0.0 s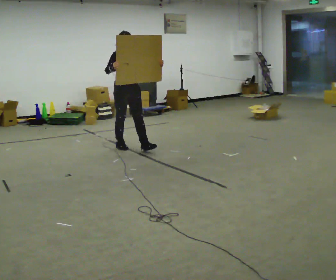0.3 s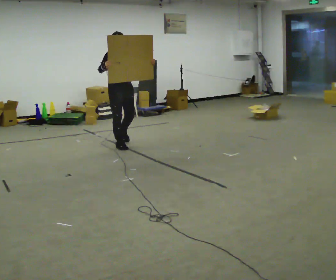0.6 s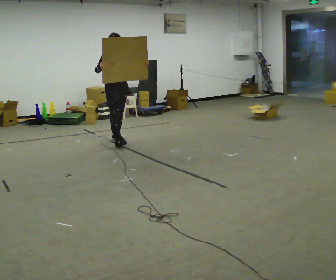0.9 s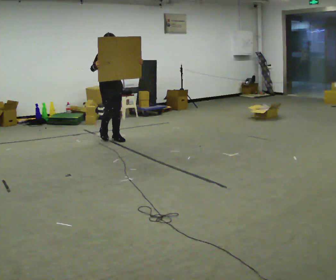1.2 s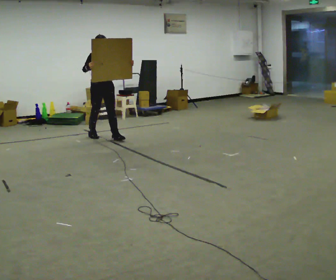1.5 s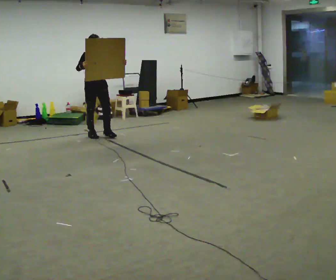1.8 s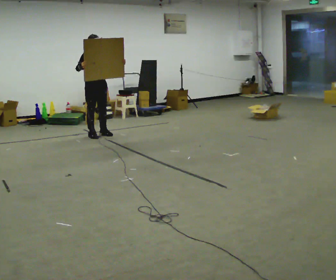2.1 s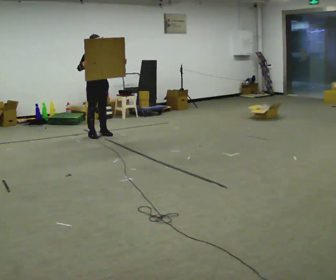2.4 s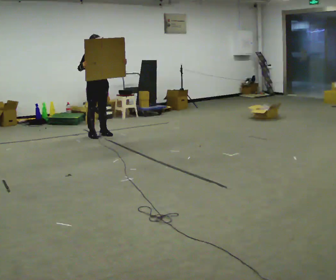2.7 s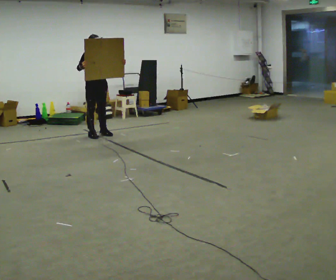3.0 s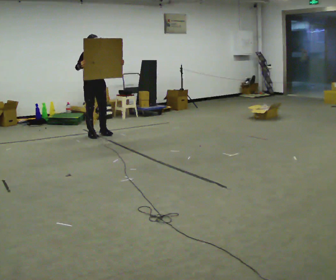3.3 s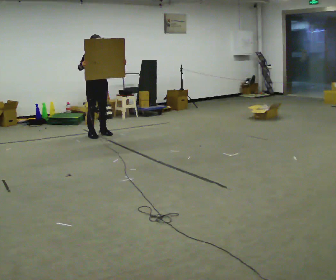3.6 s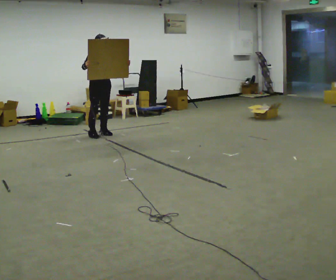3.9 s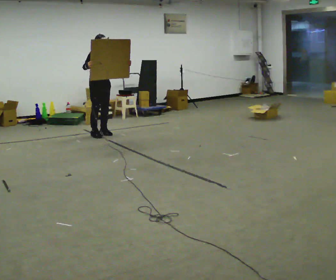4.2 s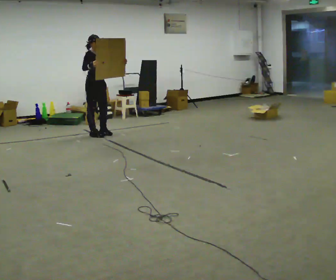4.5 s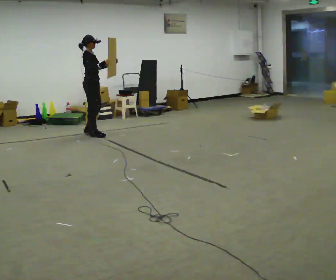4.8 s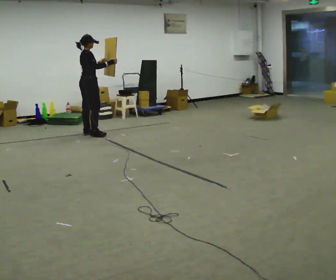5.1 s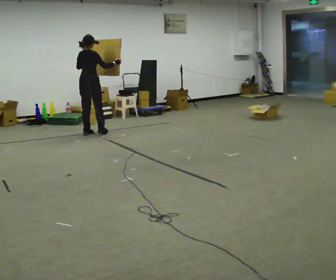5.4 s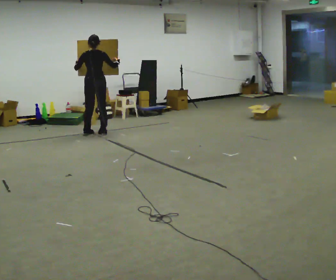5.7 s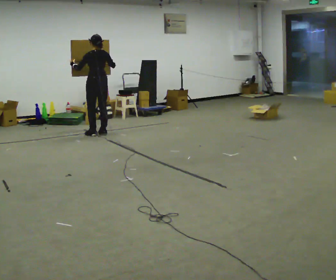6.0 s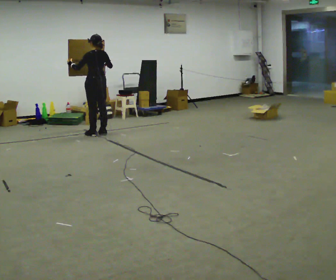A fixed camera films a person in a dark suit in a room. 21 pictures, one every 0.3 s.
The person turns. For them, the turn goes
to their left.
The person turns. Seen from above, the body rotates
counterclockwise.
0.0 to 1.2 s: In the picture they go away from the camera and to the left, about 1 m in 1 step, which for them is backward.
1.2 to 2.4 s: In the picture they go away from the camera, about 0.25 m in 1 step, which for them is backward.
2.4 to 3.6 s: The person moves a little, or ends about where they began.
3.6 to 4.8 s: Seen from above the body turns counterclockwise, about 75 degrees: to their left, with its near side sliding to the right. In the picture they go to the left, about 0.25 m in 1 step. In the picture their right hand goes to the right.
4.8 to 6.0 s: Seen from above the body turns counterclockwise, about 105 degrees: to their left, with its near side sliding to the right.
The film runs backward here.
